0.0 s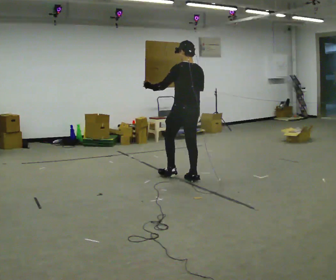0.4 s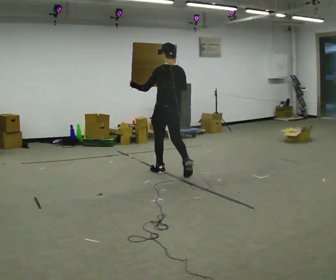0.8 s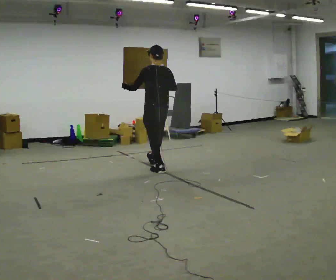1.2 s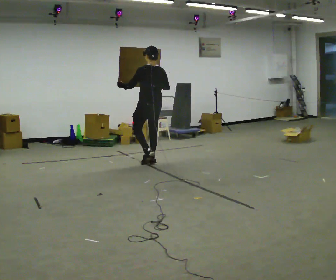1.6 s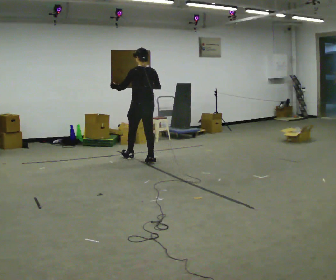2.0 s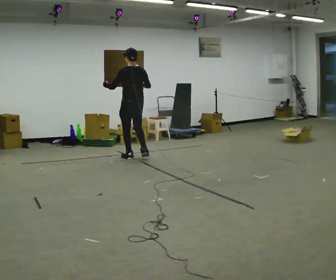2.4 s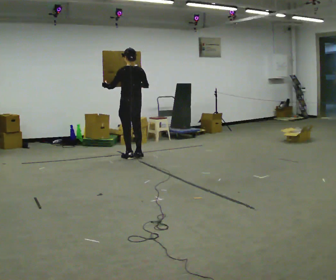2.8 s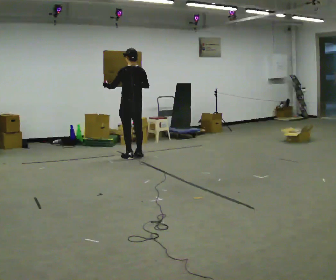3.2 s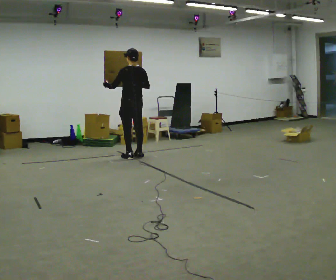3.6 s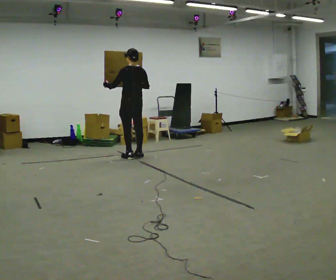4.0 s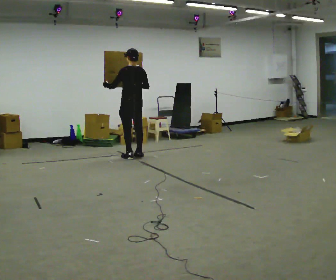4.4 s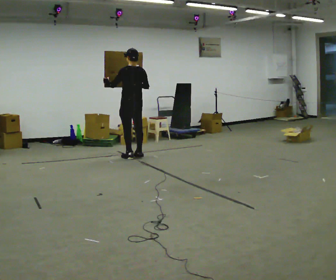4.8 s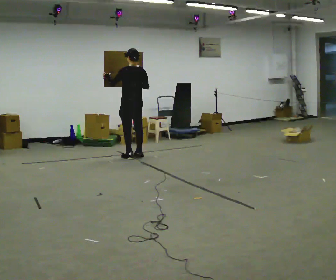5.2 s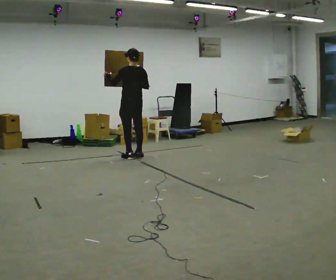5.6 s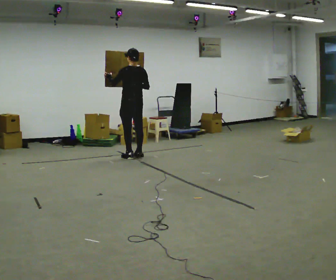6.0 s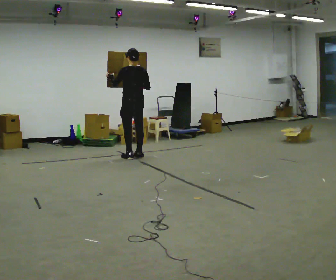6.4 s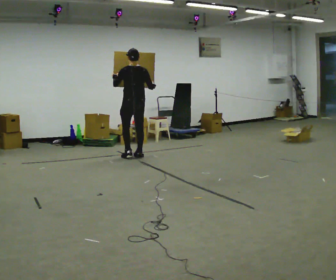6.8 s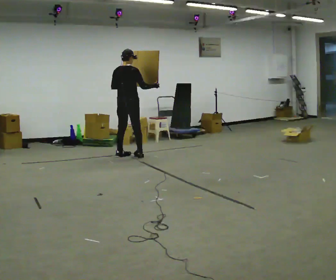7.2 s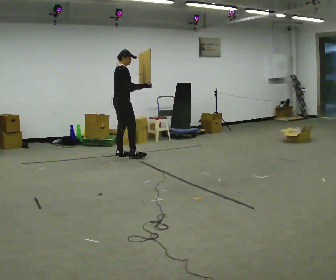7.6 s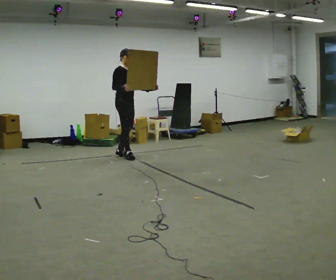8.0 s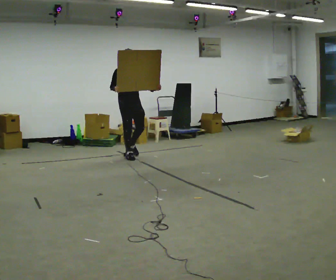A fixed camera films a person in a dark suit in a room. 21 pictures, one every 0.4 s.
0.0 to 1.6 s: In the picture they go away from the camera and to the left, about 1 m in 3 steps, which for them is forward.
1.6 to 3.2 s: In the picture they go away from the camera and to the left, about 0.25 m in 1 step, which for them is forward.
3.2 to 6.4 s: The person moves a little, or ends about where they began.
6.4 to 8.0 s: Seen from above the body turns clockwise, about 165 degrees: to their right, with its near side sliding to the left. In the picture their left hand goes to the right.
The film runs forward here.
